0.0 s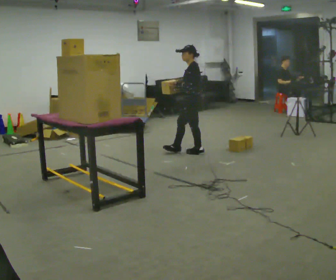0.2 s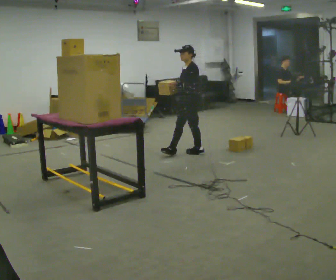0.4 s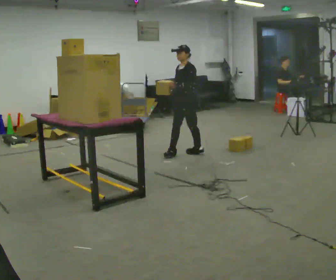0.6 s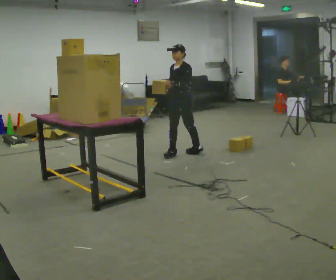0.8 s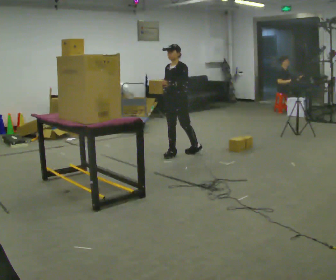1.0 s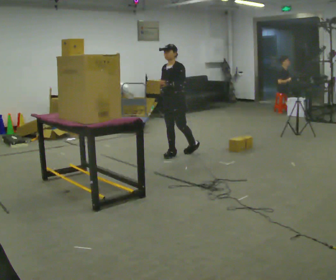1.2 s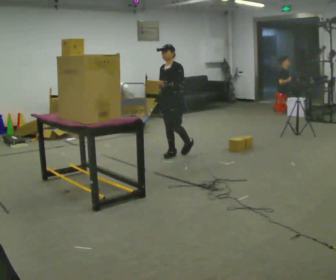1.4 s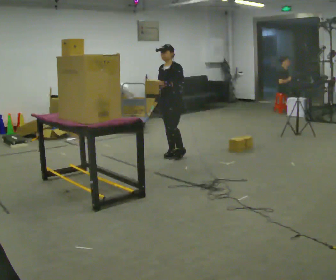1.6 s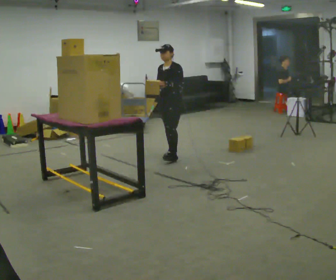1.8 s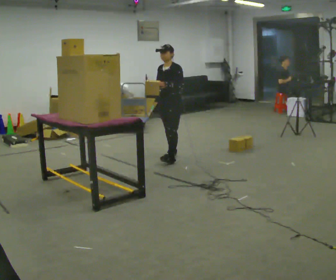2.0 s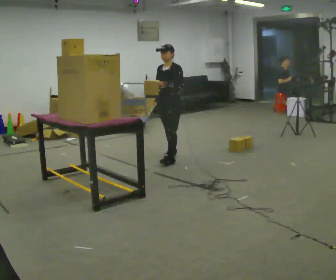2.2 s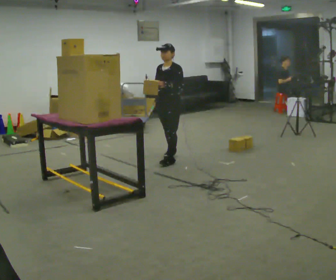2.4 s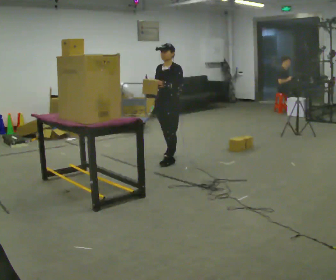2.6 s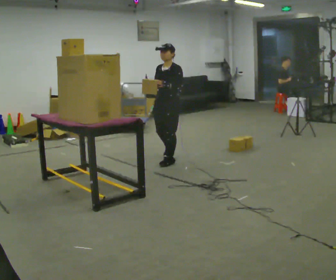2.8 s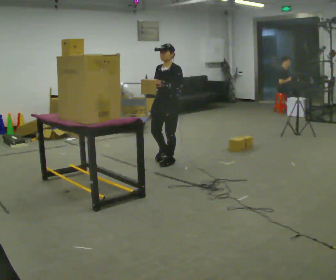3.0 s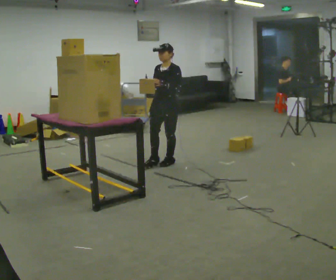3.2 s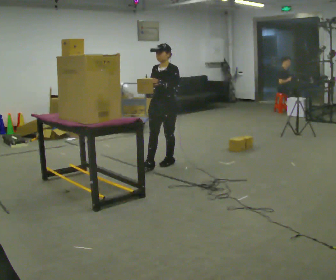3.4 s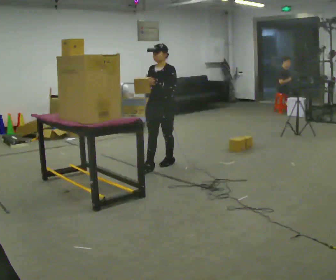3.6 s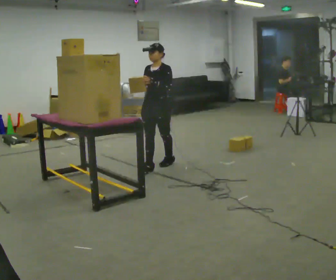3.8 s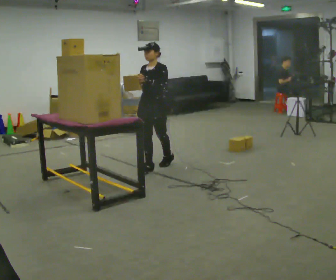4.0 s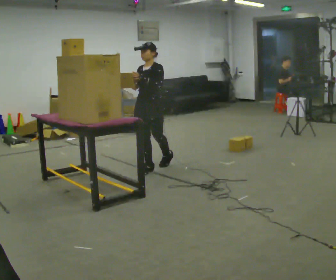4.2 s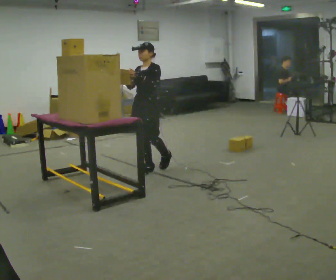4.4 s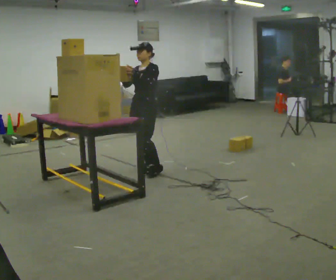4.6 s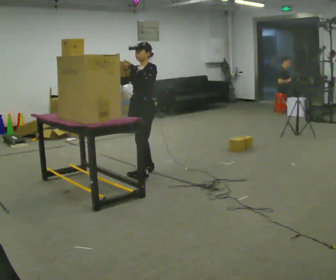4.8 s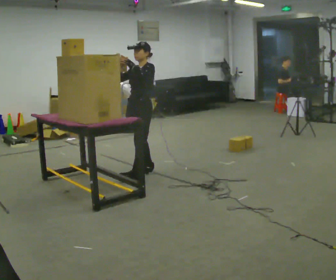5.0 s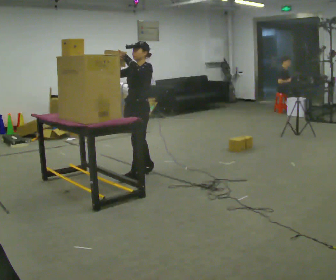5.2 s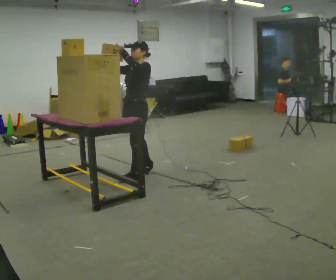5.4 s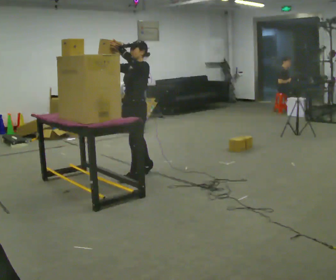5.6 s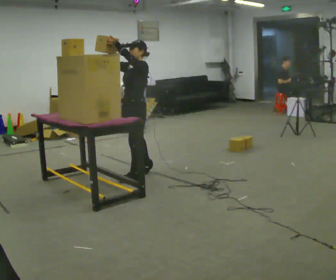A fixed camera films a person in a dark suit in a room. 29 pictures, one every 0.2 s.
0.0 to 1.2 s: The person turns about 45 degrees to their left, counterclockwise seen from above, so the part of the body nearest the lens slides to the right. In the picture they go to the left, about 0.25 m in 1 step, which for them is forward.
1.2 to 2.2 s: In the picture they go toward the camera, about 0.25 m in 1 step, which for them is forward and to their left.
2.2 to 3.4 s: In the picture they go toward the camera, about 0.25 m in 1 step, which for them is forward.
3.4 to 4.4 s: In the picture they go toward the camera and to the left, about 0.25 m, which for them is forward.
4.4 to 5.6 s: In the picture they go toward the camera, about 0.25 m in 1 step, which for them is forward and to their left.
The film runs forward here.
